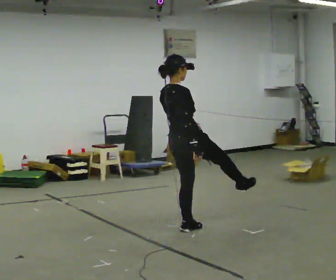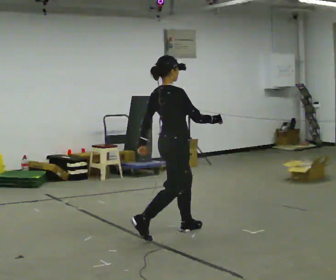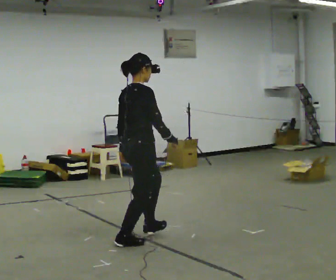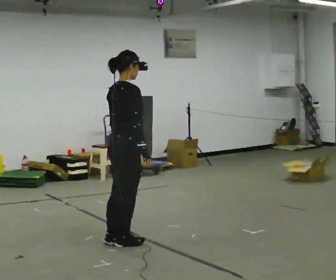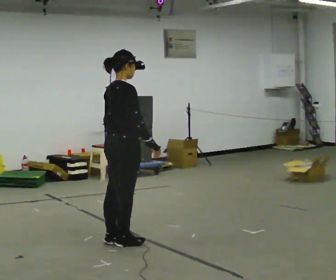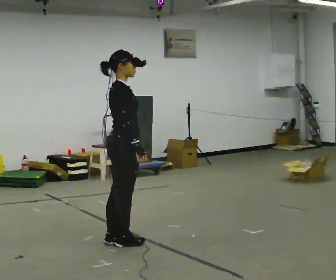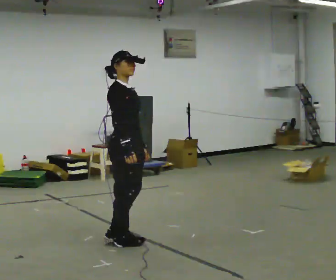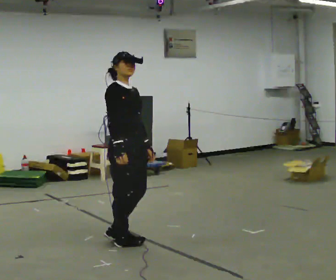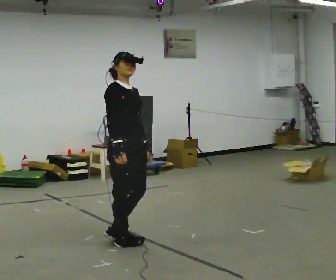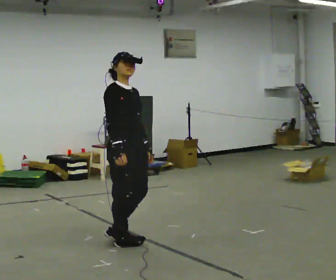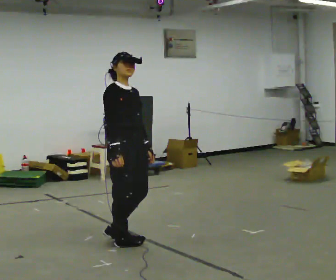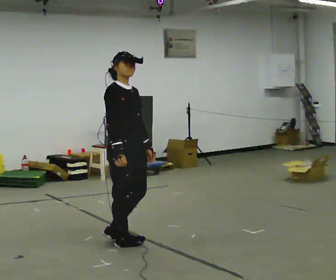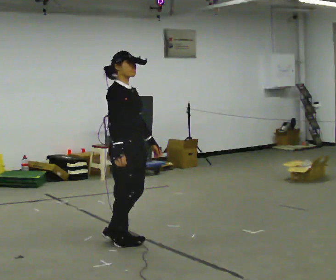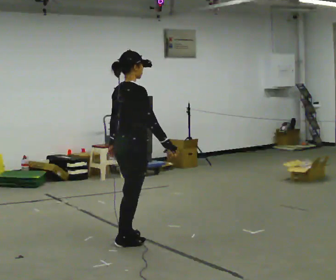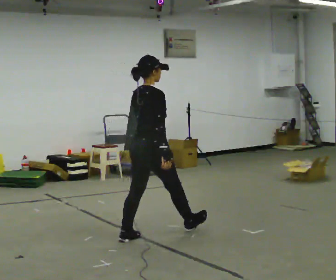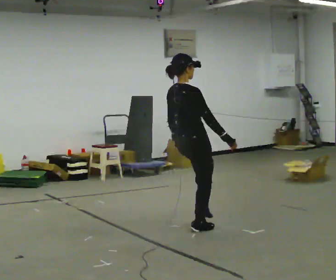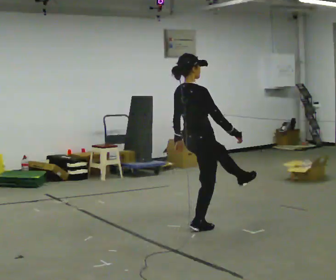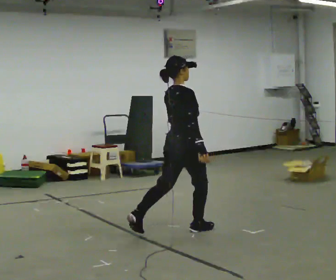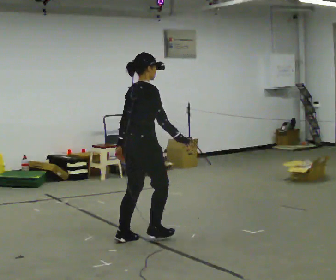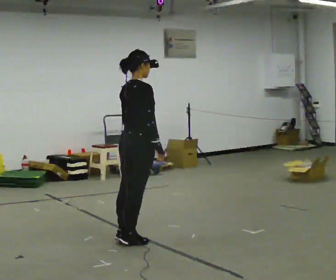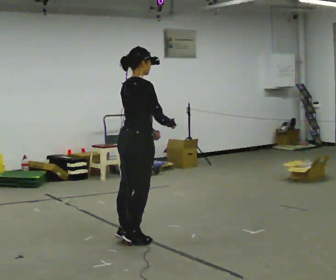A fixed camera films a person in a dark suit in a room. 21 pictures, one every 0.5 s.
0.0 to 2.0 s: In the picture they go to the left and toward the camera, about 0.75 m in 2 steps, which for them is backward. In the picture the upper body tilts clockwise, shoulders to the right, as they bend forward.
2.0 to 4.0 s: The part of the body nearest the lens slides to the left as the person turns to their right by about 60 degrees.
4.0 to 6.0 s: The person moves a little, or ends about where they began.
6.0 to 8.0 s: Seen from above the body turns counterclockwise, about 45 degrees: to their left, with its near side sliding to the right. In the picture they go to the right and away from the camera, about 1 m in 1 step, which for them is forward.
8.0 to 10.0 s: In the picture they go to the left and toward the camera, about 0.75 m in 1 step, which for them is backward.
The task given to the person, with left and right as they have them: Dance freely at a slow tempo as if to slow music; keep moving continuously.
The film runs forward here.
